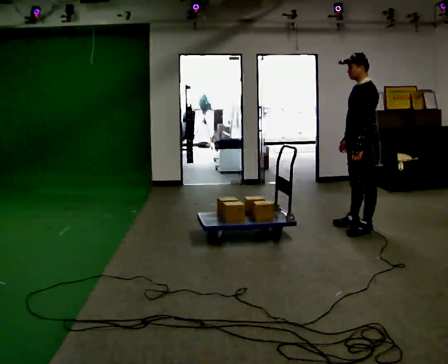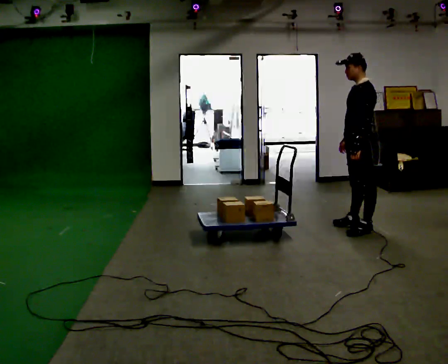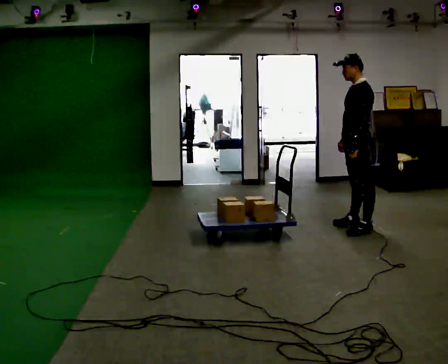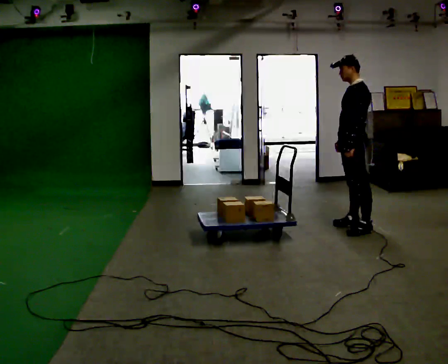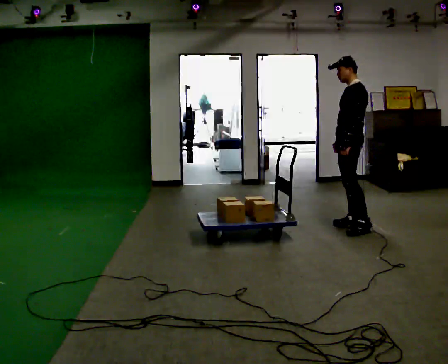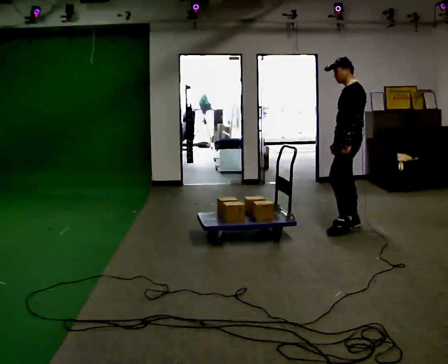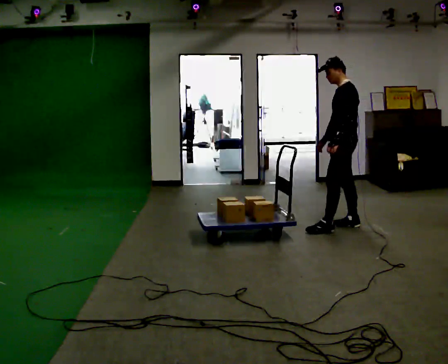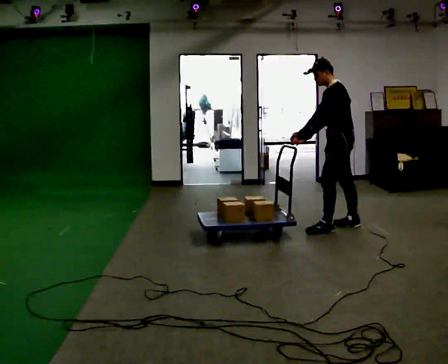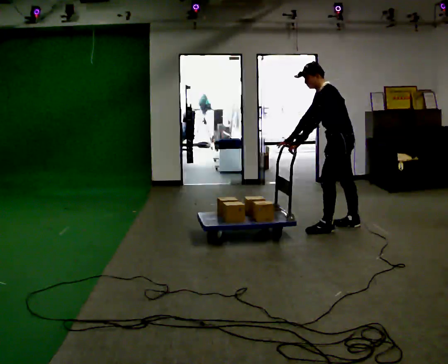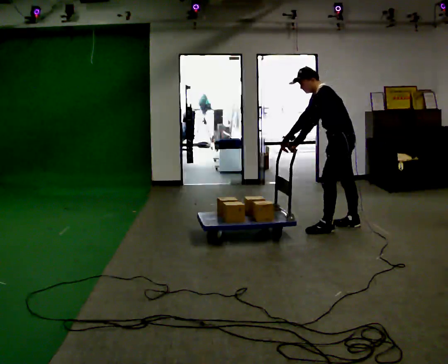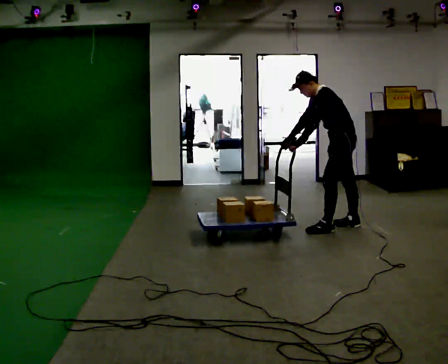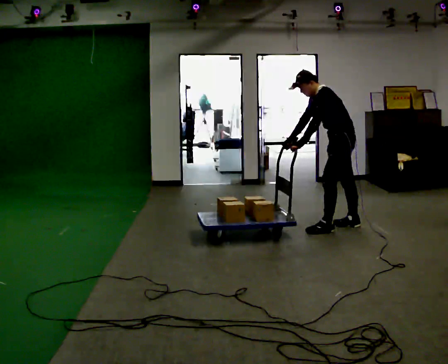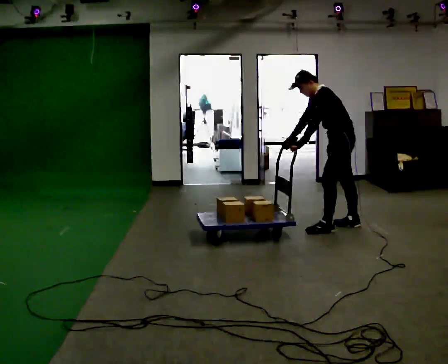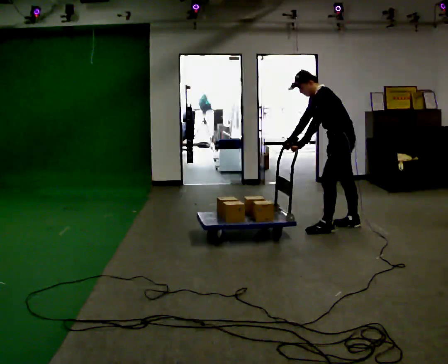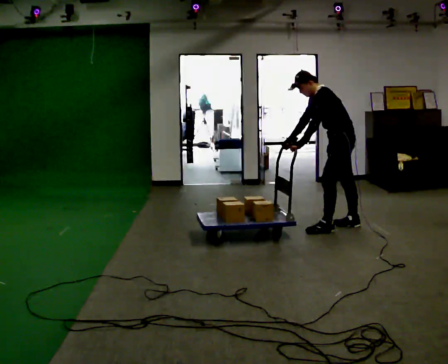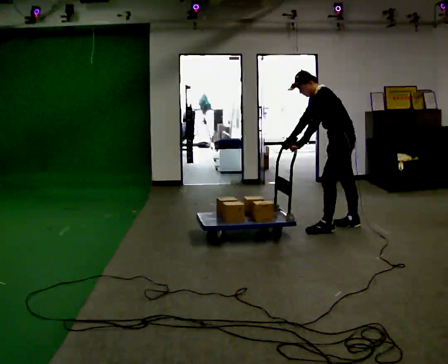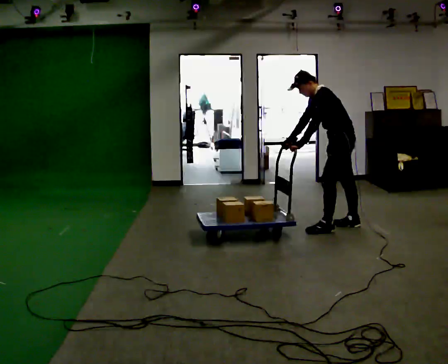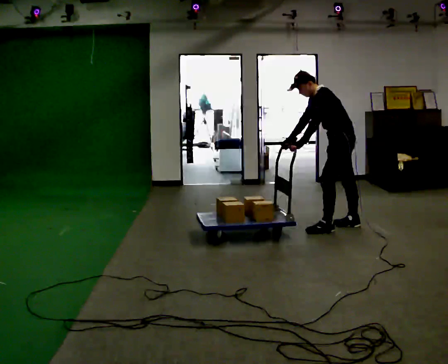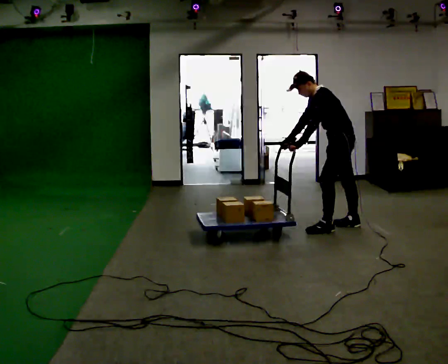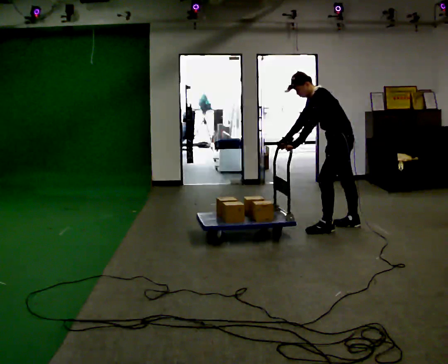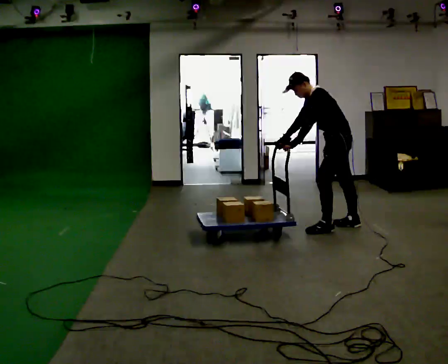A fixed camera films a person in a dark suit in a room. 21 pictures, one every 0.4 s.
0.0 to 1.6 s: In the picture they go away from the camera, about 0.25 m, which for them is to their right.
1.6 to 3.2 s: In the picture the upper body tilts counterclockwise, shoulders to the left, as they bend forward. In the picture their right hand goes to the left.
3.2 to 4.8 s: The person moves a little, or ends about where they began.
4.8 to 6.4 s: The person keeps their place and pose.
6.4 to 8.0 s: The person moves a little, or ends about where they began.
The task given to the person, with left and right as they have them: Put your hands on the loaded pallet at the height the operator calls and push it as hard as is comfortable for a few seconds, then relax. Repeat at each height.
The film runs forward here.
